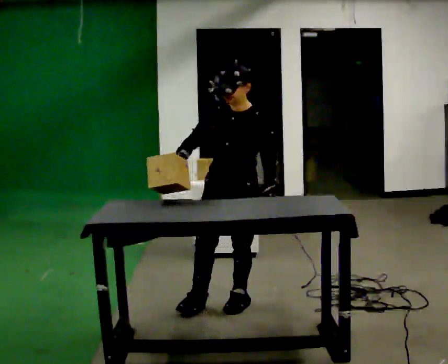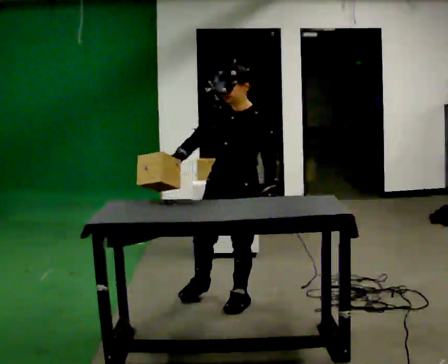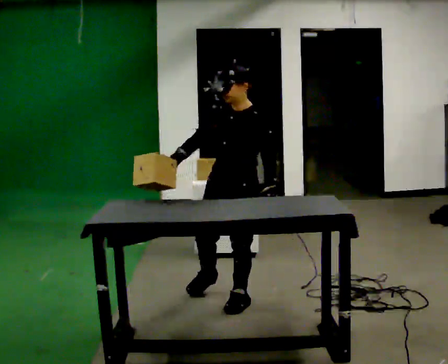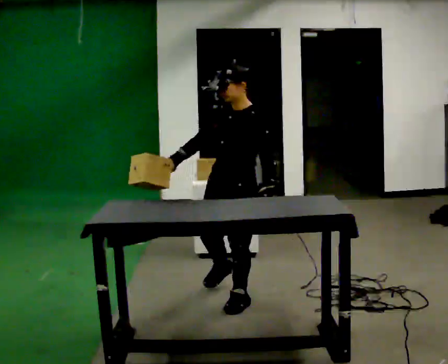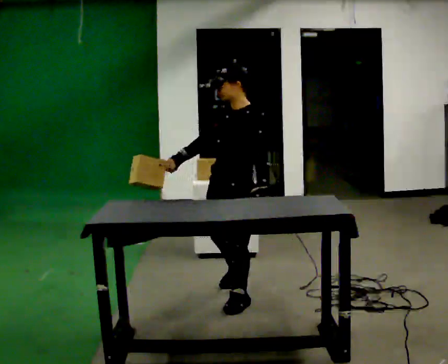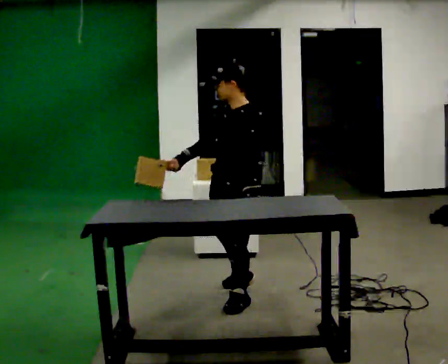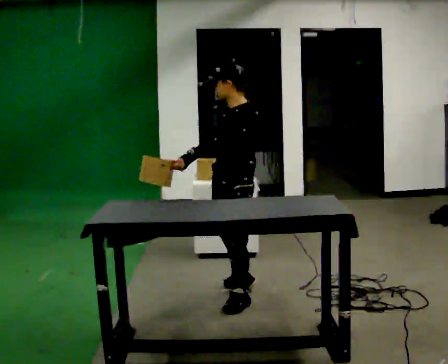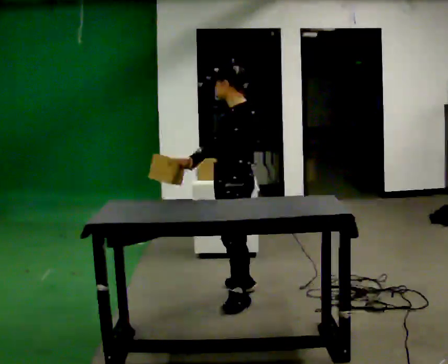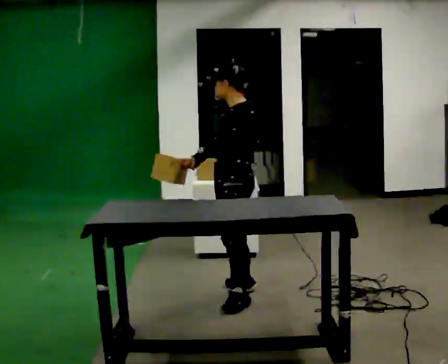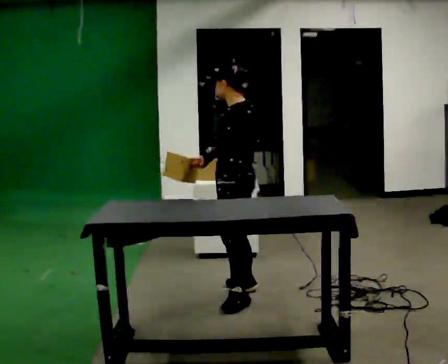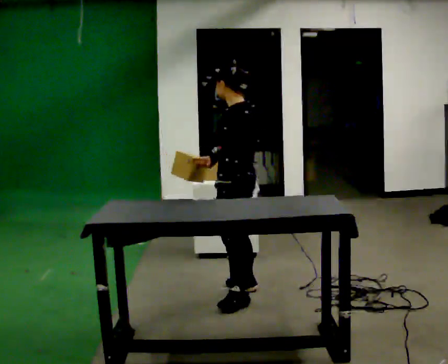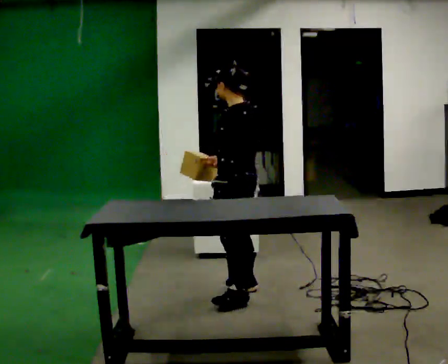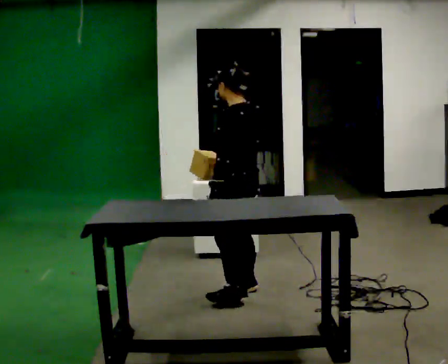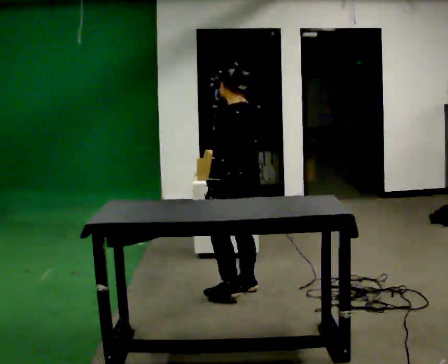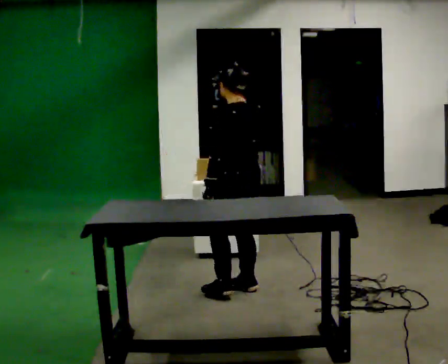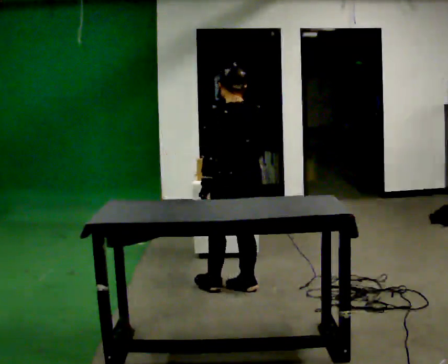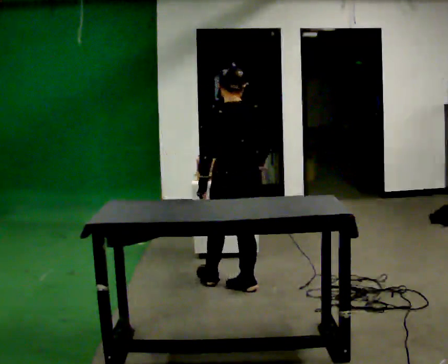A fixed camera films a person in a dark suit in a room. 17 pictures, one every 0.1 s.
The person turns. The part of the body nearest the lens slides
to the left.
The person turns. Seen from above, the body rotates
clockwise.
0.0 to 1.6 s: Seen from above the body turns clockwise, about 135 degrees: to their right, with its near side sliding to the left. In the picture they go away from the camera, about 0.25 m in 1 step.
The film runs forward here.
